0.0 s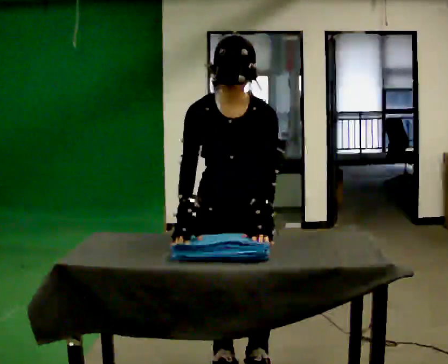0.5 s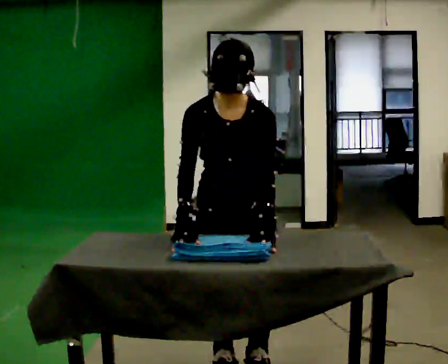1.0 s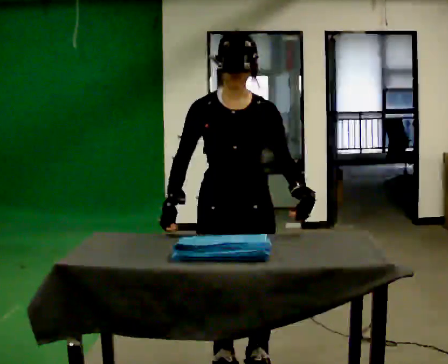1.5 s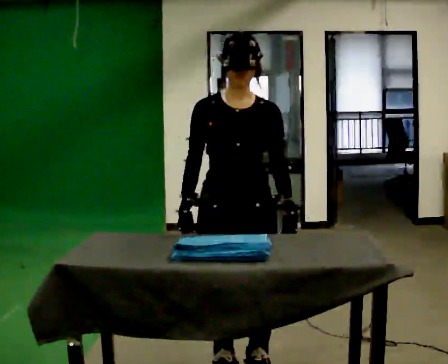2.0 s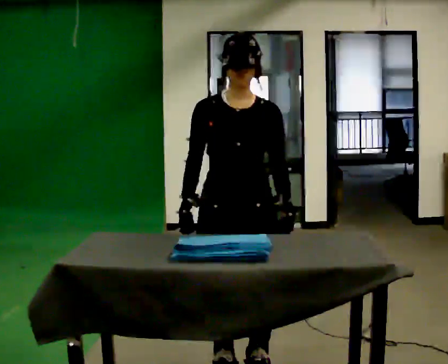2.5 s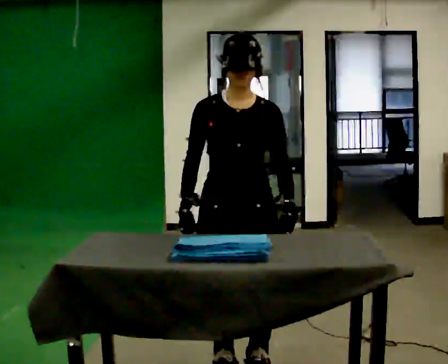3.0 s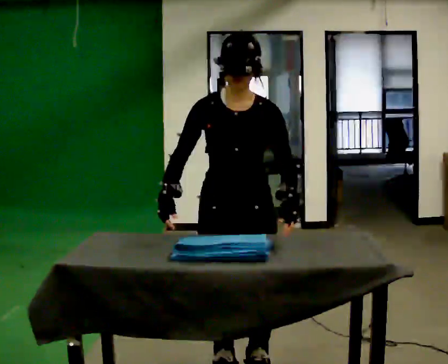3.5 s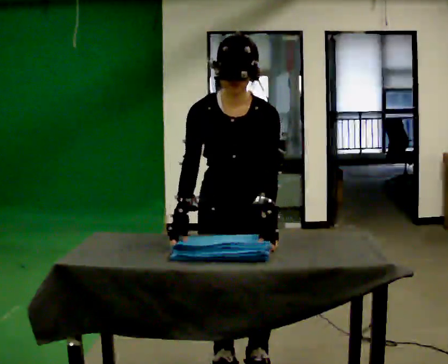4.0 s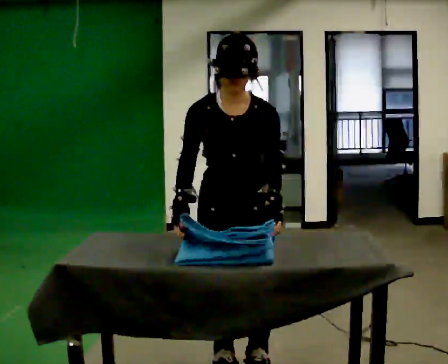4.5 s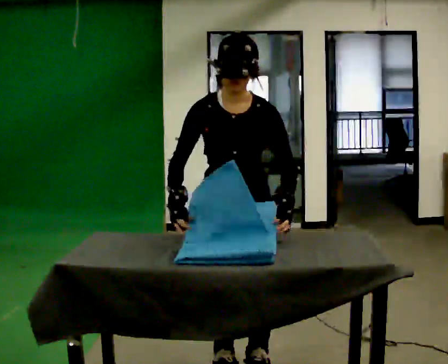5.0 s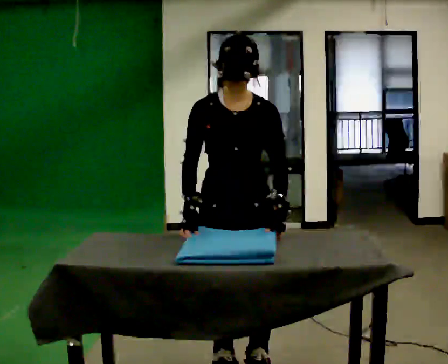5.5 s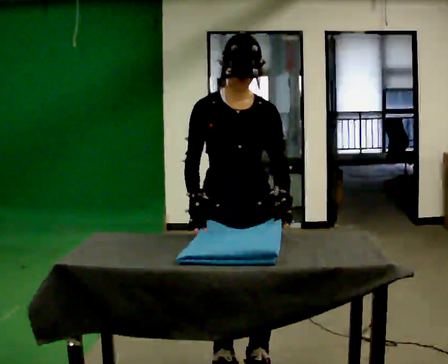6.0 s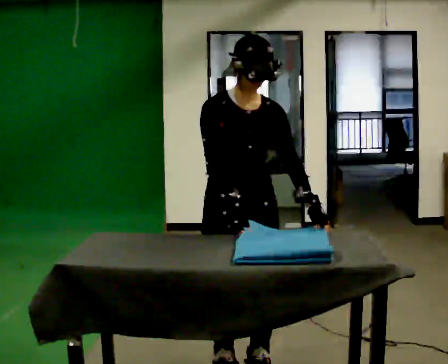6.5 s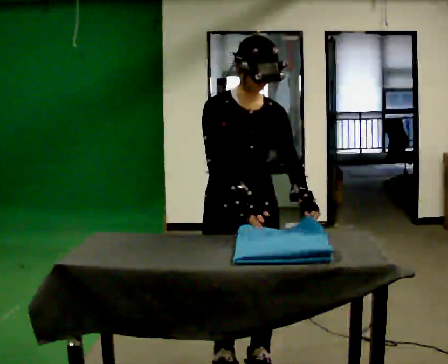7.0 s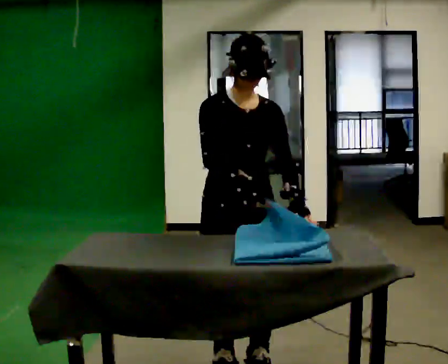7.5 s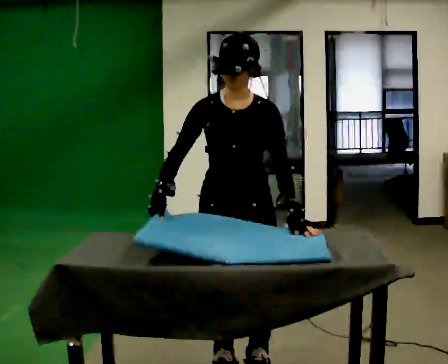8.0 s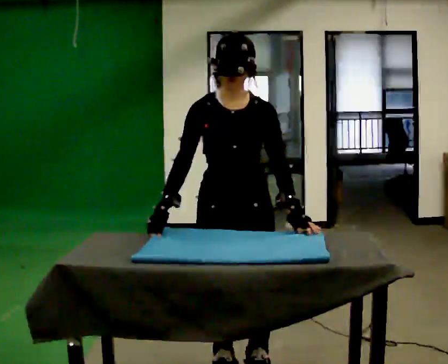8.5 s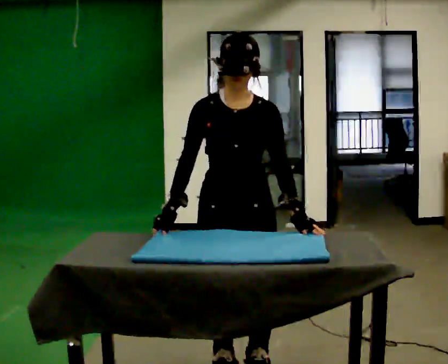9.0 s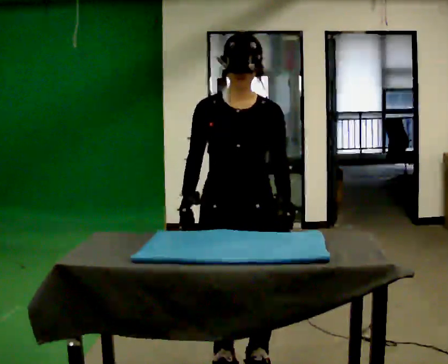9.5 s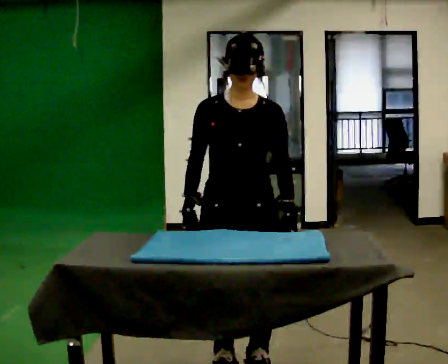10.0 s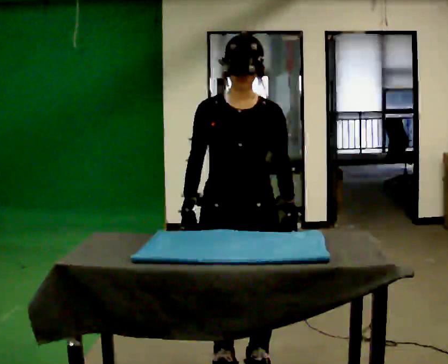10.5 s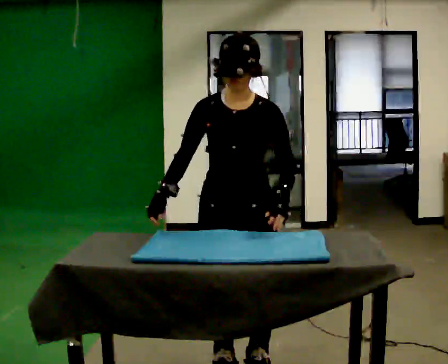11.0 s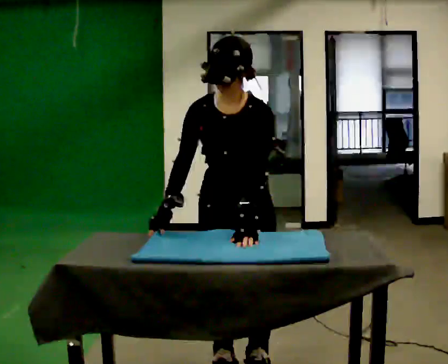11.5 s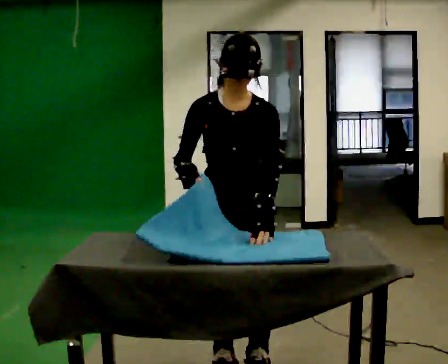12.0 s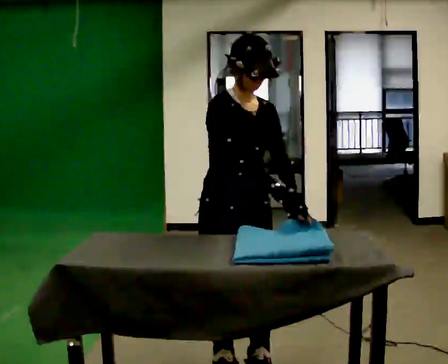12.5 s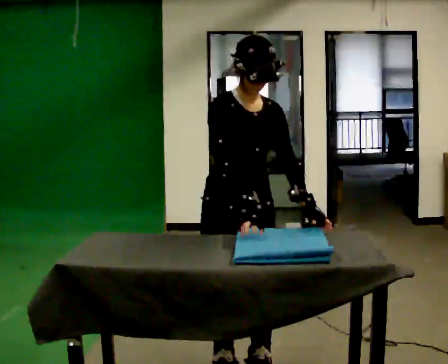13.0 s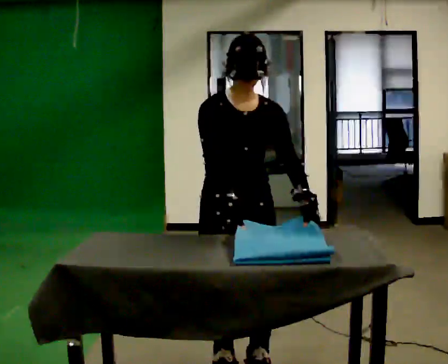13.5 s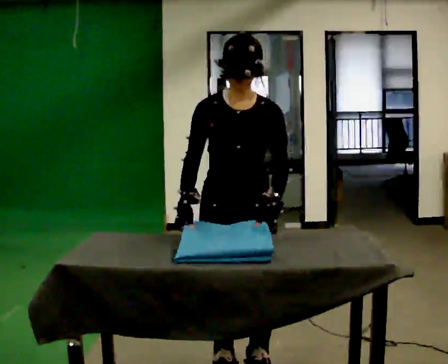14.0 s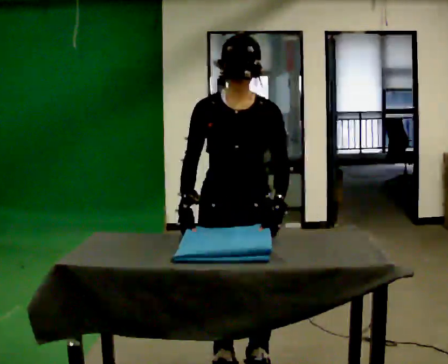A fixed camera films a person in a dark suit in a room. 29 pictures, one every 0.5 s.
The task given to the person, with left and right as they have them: Fold the cloth in half, then in half again, then unfold it. Repeat at your own pace until the operator says stop. Keep both feet on the marked spots for the whole take. If you have to step, stop and tell the operator.
0.0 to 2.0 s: The upper body tips away from the camera, its near side rolling upward, as they lean back or straighten.
2.0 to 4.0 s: The upper body tips toward the camera, its near side rolling downward, as they bend forward.
4.0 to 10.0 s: The upper body tips away from the camera, its near side rolling upward, as they lean back or straighten.
10.0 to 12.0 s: Seen from above the body turns counterclockwise, about 45 degrees: to their left, with its near side sliding to the right. In the picture their right hand goes to the right.
12.0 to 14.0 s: Seen from above the body turns clockwise, about 45 degrees: to their right, with its near side sliding to the left. In the picture their right hand goes to the left, the arm swinging clockwise.
The film runs forward here.
